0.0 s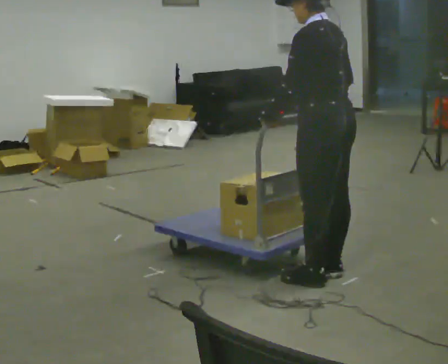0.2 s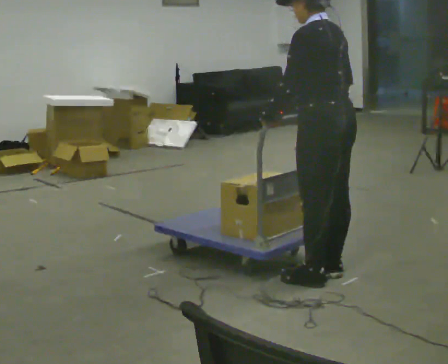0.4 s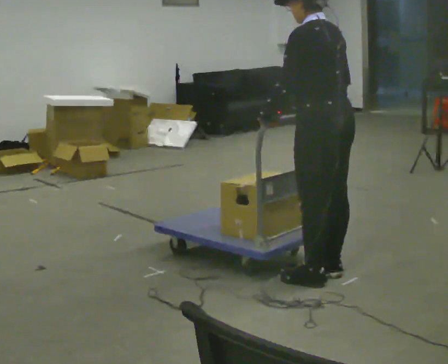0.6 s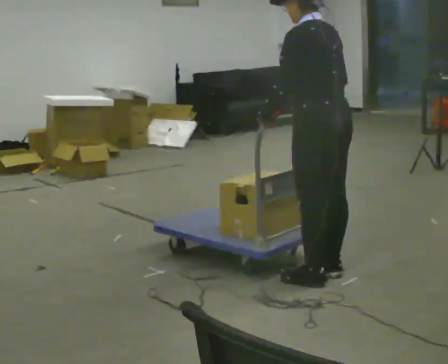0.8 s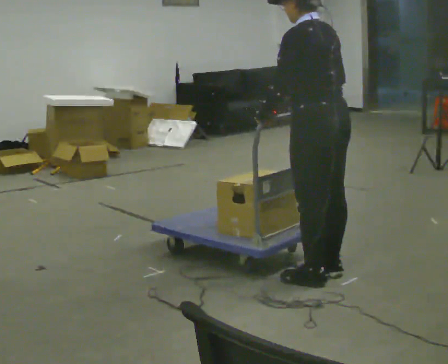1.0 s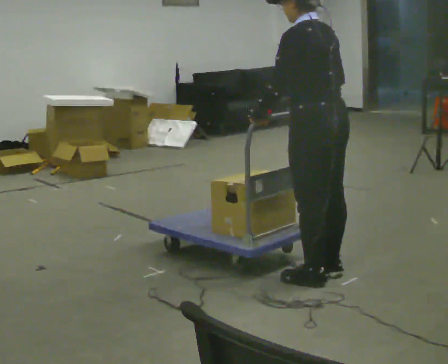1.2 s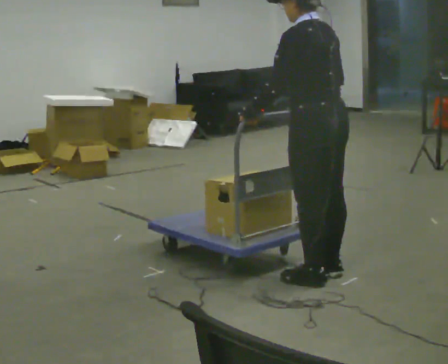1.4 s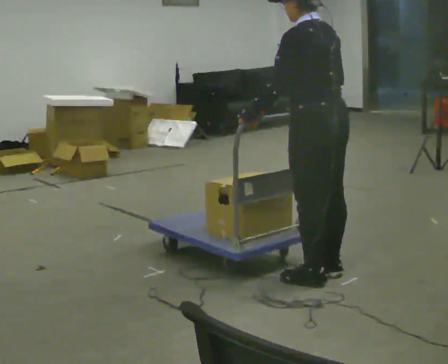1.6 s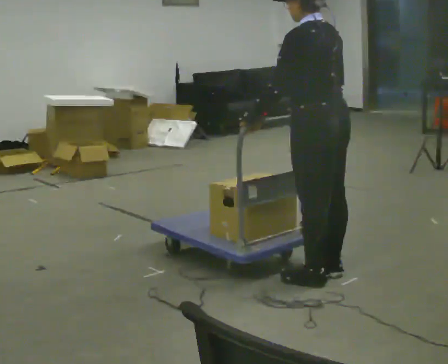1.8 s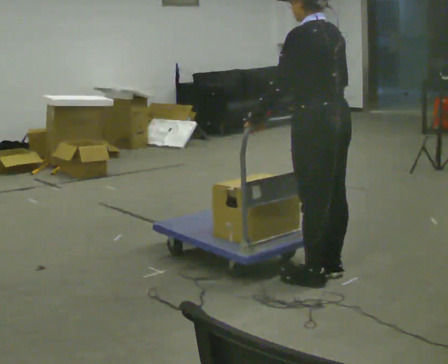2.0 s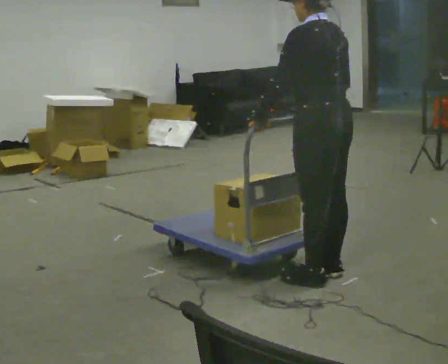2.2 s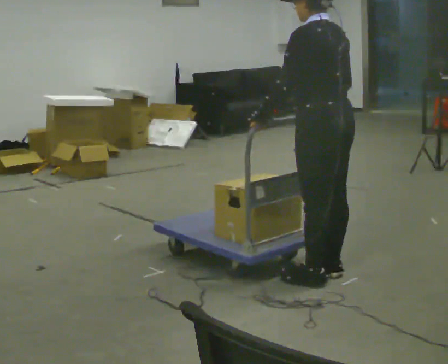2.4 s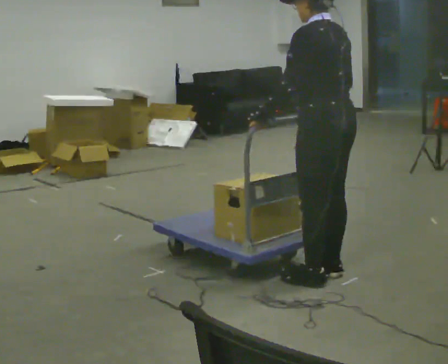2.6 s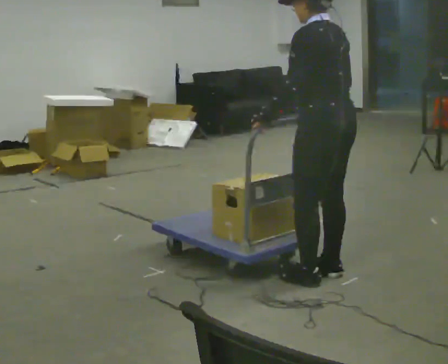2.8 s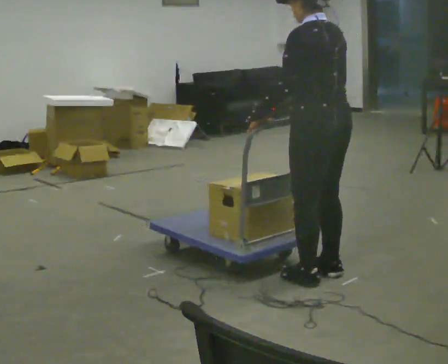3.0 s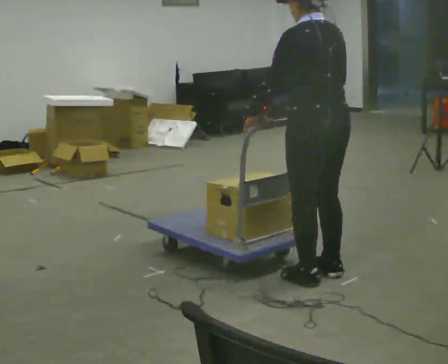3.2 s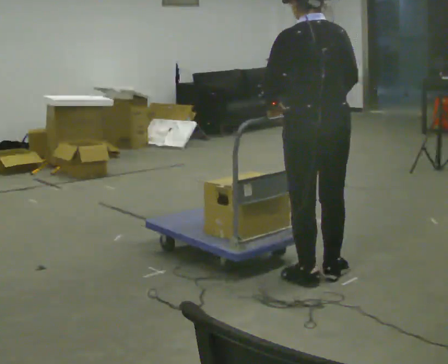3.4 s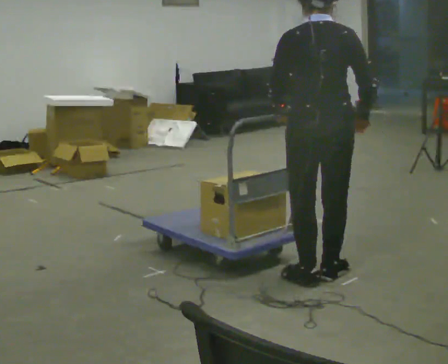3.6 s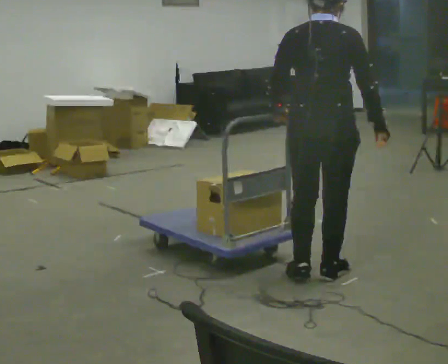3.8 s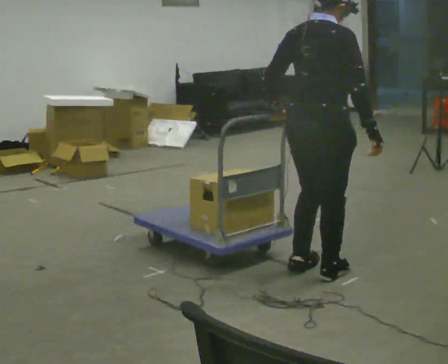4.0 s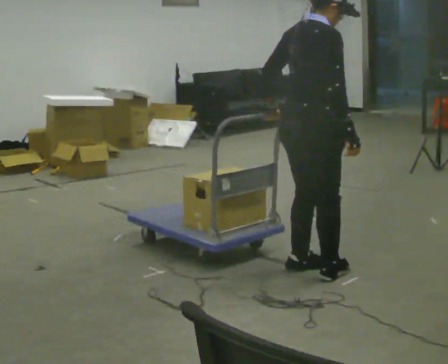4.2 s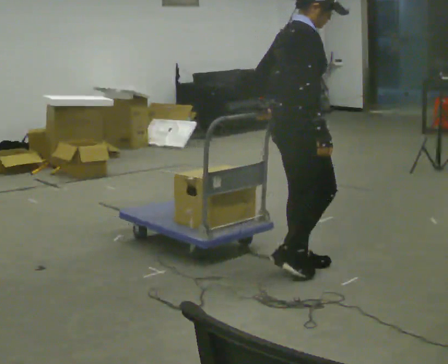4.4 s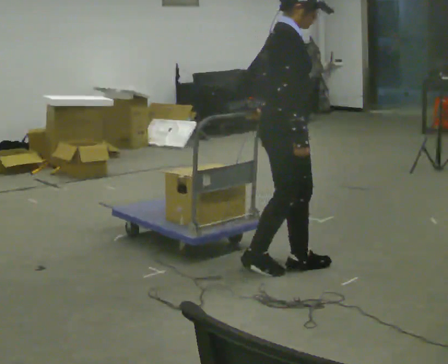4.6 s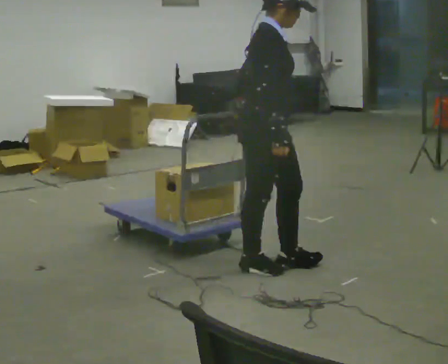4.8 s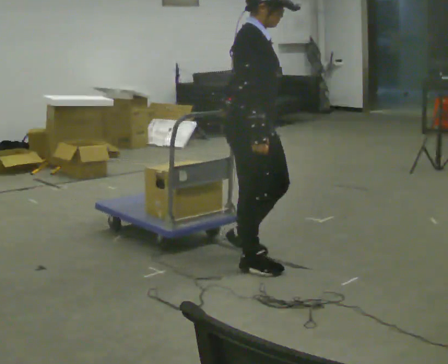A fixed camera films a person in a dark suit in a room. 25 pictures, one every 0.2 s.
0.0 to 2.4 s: The person moves a little, or ends about where they began.
2.4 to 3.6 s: Seen from above the body turns clockwise, about 60 degrees: to their right, with its near side sliding to the left. In the picture their right hand goes to the right.
3.6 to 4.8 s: The person turns about 90 degrees to their right, clockwise seen from above, so the part of the body nearest the lens slides to the left. In the picture they go to the left, about 0.5 m in 2 steps.
The film runs backward here.
